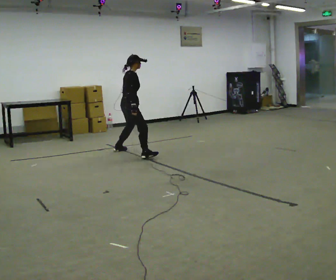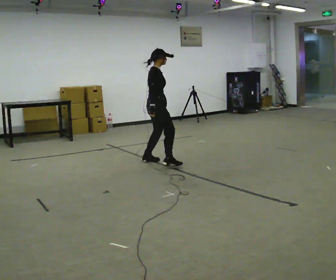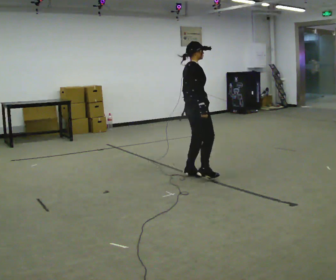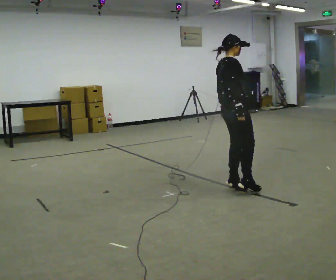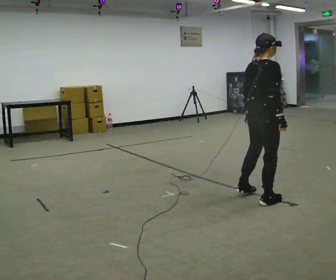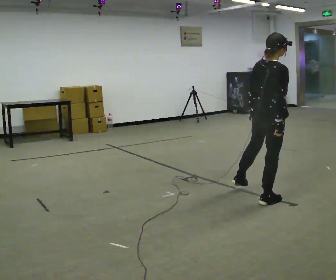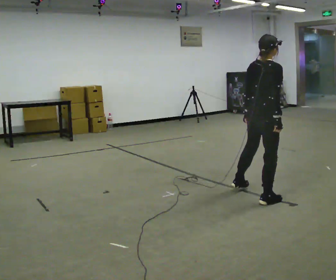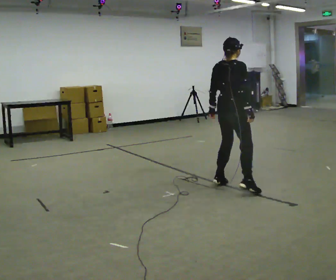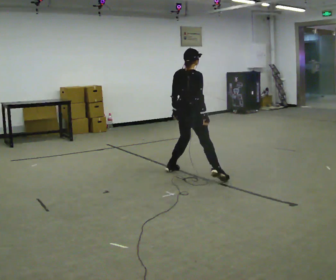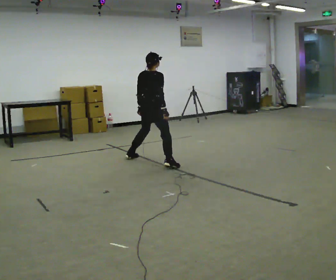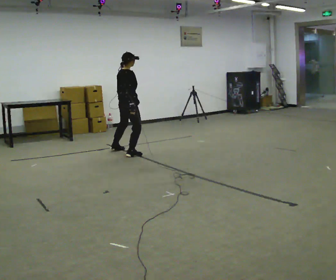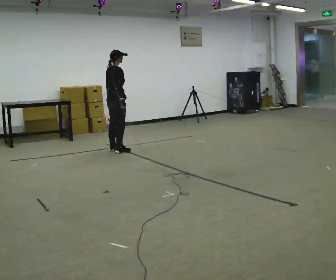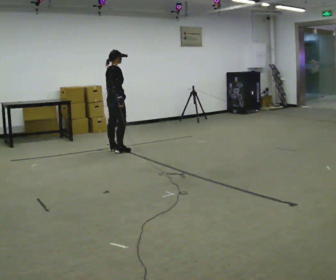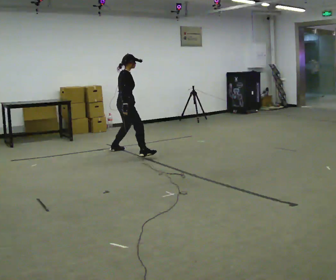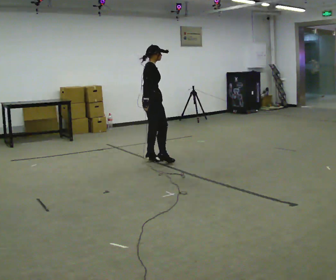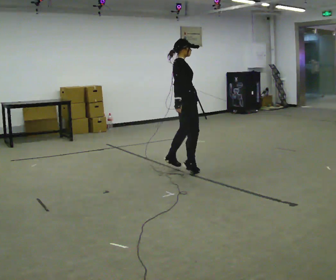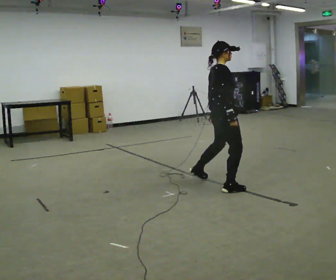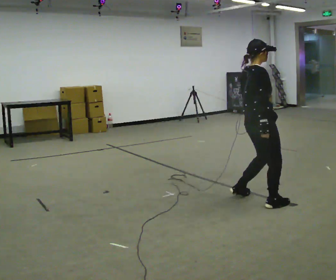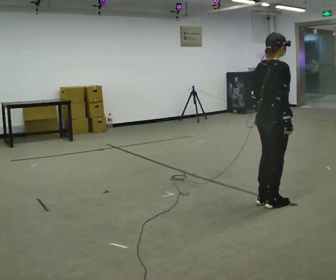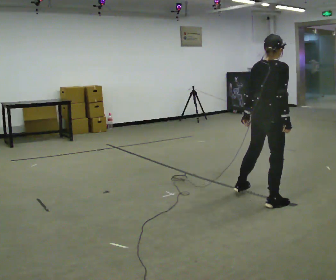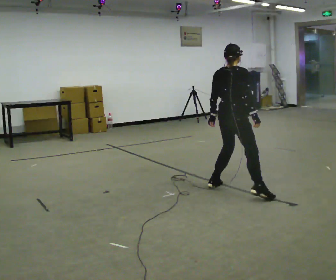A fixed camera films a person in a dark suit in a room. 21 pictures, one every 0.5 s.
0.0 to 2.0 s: In the picture they go toward the camera and to the right, about 2.5 m in 5 steps, which for them is to their right.
2.0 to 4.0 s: In the picture they go away from the camera and to the left, about 1 m in 3 steps, which for them is to their left.
4.0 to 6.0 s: In the picture they go away from the camera and to the left, about 1.5 m in 5 steps, which for them is to their left.
6.0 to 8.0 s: In the picture they go toward the camera and to the right, about 2.5 m in 5 steps, which for them is to their right.
8.0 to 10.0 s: The person turns about 30 degrees to their left, counterclockwise seen from above, so the part of the body nearest the lens slides to the right.
The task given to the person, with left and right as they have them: Gallop forward leading with the leg the operator calls, keeping the same leg in front throughout.
The film runs forward here.
